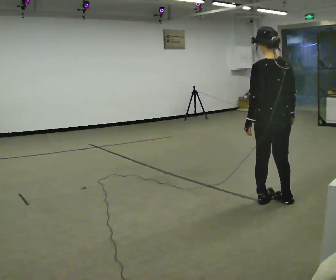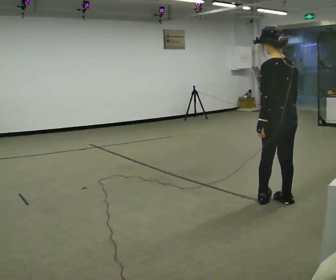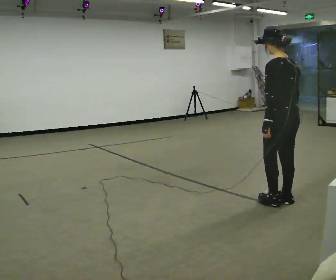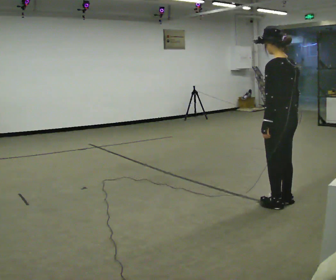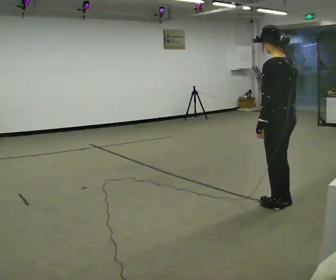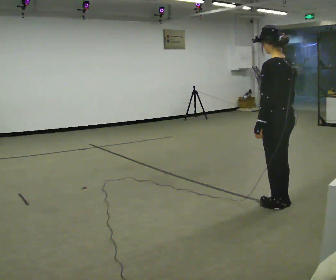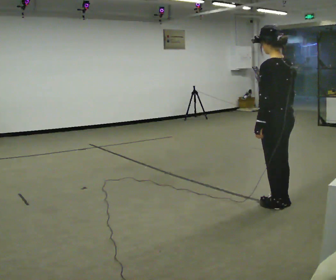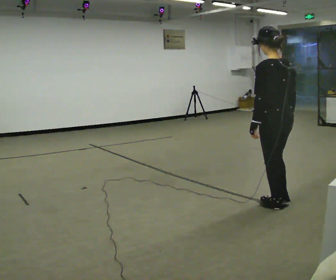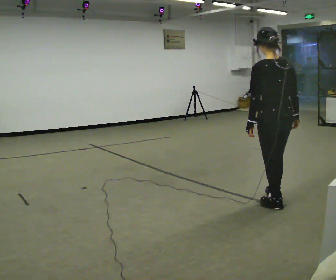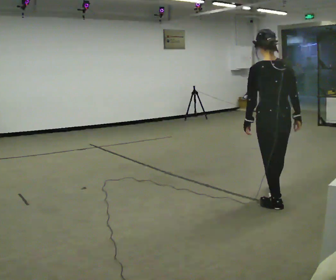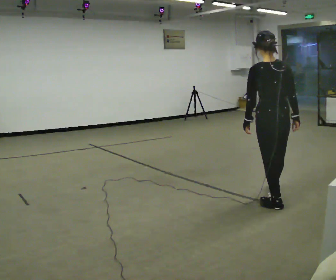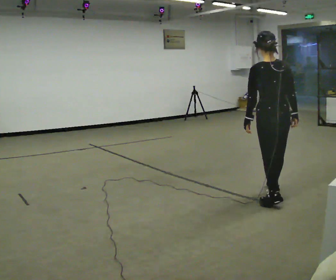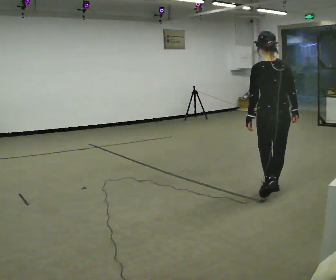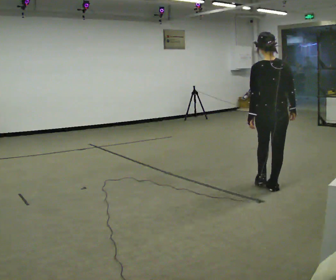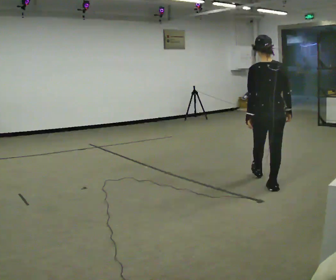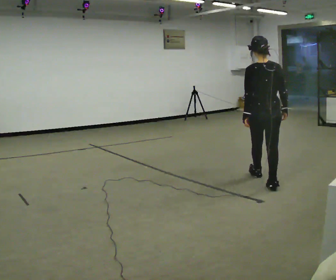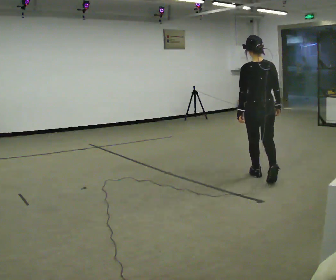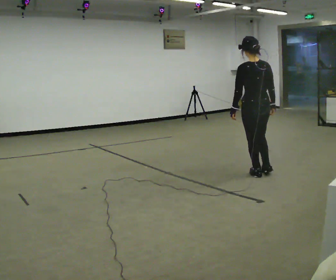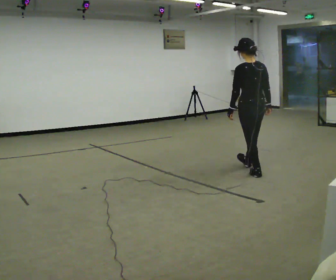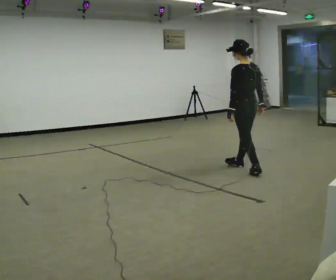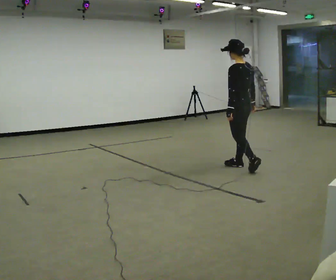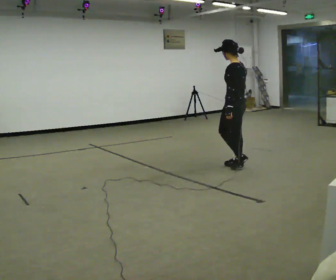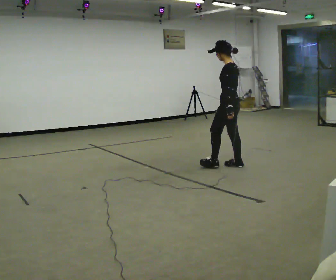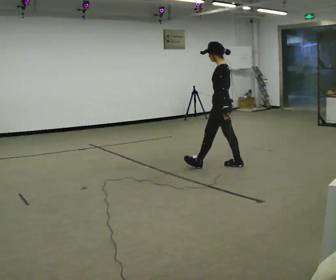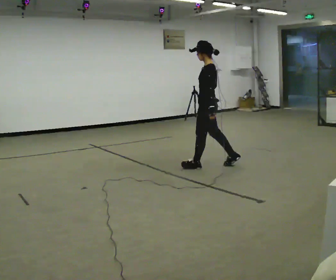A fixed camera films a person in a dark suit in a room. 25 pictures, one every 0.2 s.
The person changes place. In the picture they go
away from the camera.
The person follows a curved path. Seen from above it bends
counterclockwise.
0.0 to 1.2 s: The person moves a little, or ends about where they began.
1.2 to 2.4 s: The part of the body nearest the lens slides to the left as the person turns to their right by about 30 degrees. In the picture they go away from the camera, about 0.5 m in 1 step, which for them is forward.
2.4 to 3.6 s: In the picture they go away from the camera, about 1 m in 1 step, which for them is forward.
3.6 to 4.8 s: Seen from above the body turns counterclockwise, about 60 degrees: to their left, with its near side sliding to the right. In the picture they go to the left and away from the camera, about 0.5 m in 2 steps.
The film runs forward here.
